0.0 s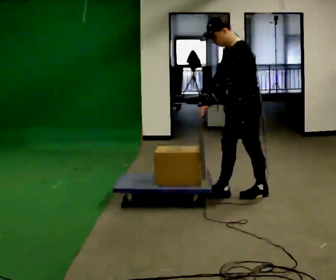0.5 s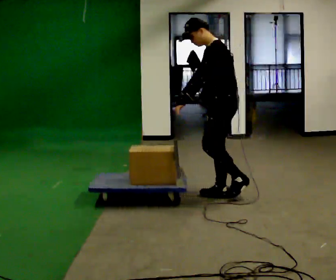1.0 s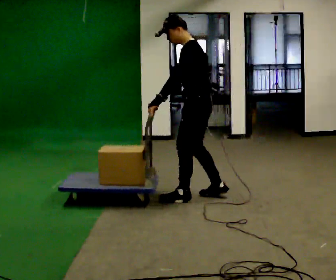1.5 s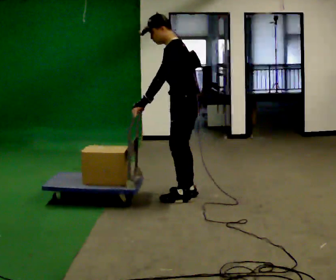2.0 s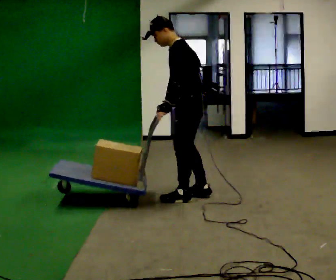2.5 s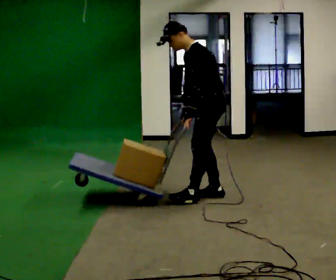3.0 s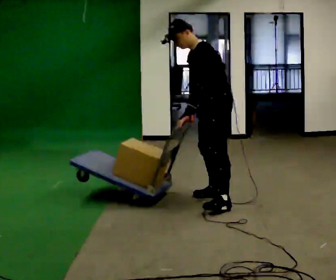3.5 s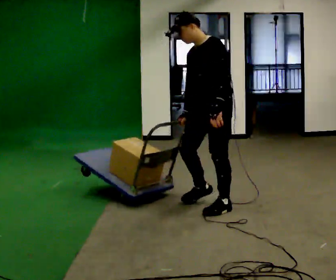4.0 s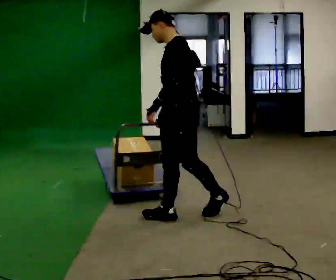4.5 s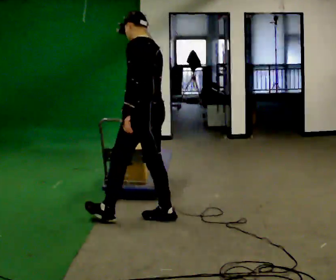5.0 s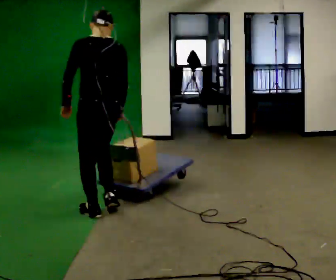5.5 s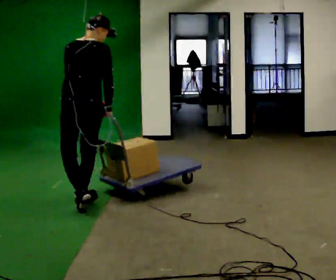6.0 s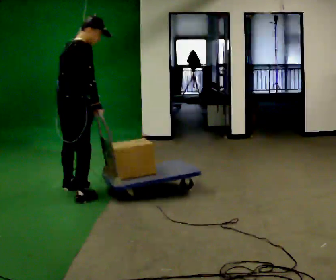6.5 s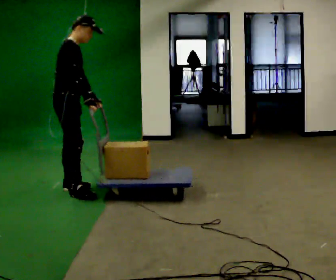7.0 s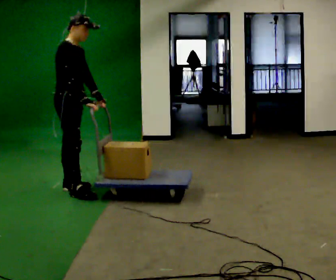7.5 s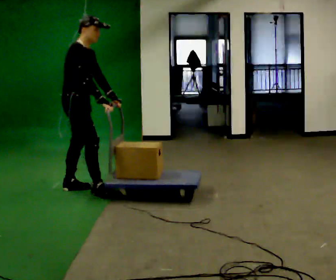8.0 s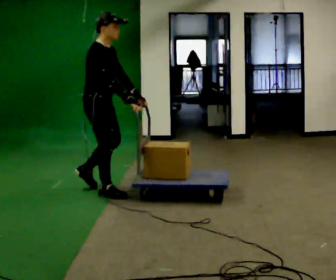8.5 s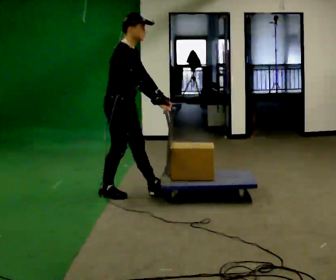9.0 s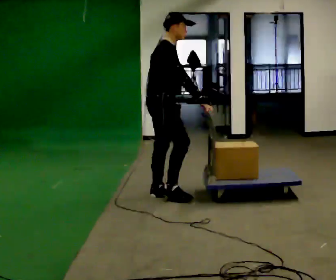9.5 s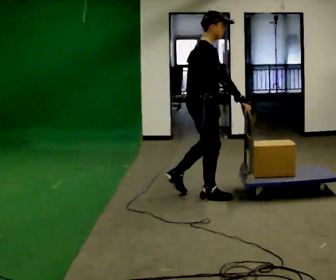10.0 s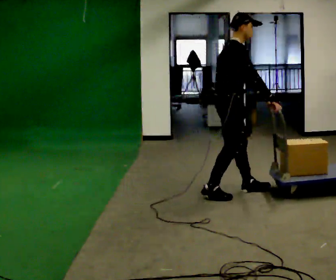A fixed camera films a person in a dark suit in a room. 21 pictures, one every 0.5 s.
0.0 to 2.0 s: In the picture they go to the left, about 0.5 m in 3 steps, which for them is forward.
2.0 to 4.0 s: The part of the body nearest the lens slides to the right as the person turns to their left by about 30 degrees. In the picture they go toward the camera, about 0.5 m in 3 steps, which for them is to their left and forward.
4.0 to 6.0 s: Seen from above the body turns clockwise, about 150 degrees: to their right, with its near side sliding to the left. In the picture they go to the left and away from the camera, about 1 m in 2 steps.
6.0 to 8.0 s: The part of the body nearest the lens slides to the left as the person turns to their right by about 45 degrees. In the picture they go to the right, about 0.25 m in 3 steps, which for them is forward and to their left. In the picture their left hand goes to the right.
8.0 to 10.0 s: In the picture they go to the right, about 1 m in 3 steps, which for them is forward.
The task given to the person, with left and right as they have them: Turn the cart round to face the other way without moving it out of the marked square, then turn it back. Repeat until the operator says stop.
The film runs forward here.
